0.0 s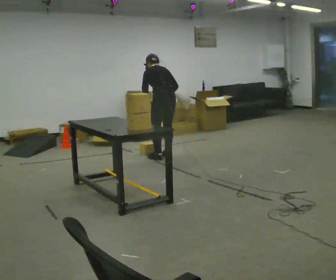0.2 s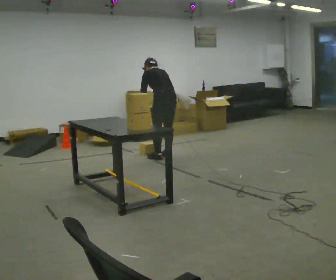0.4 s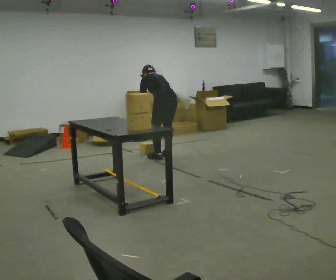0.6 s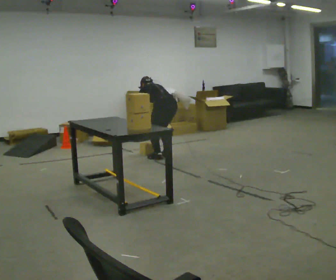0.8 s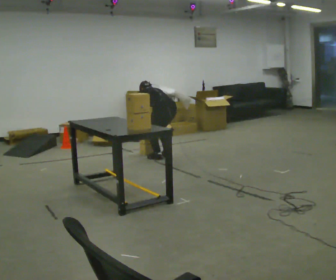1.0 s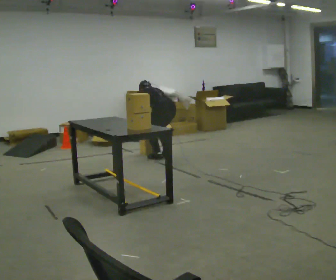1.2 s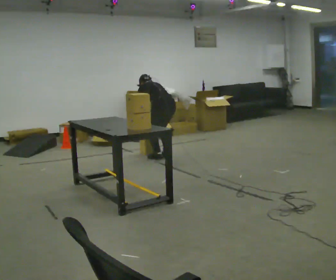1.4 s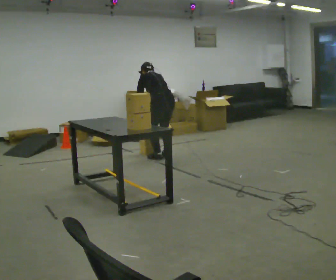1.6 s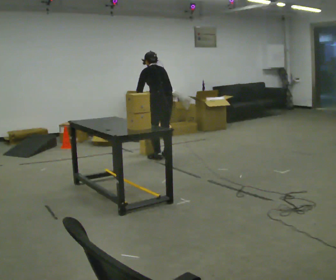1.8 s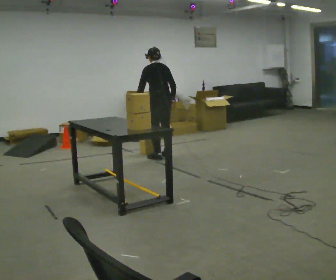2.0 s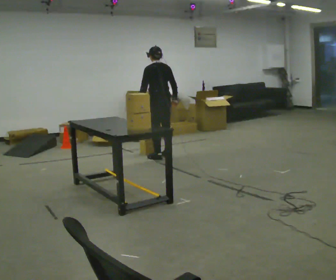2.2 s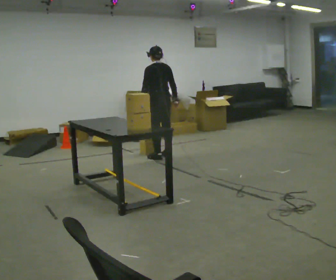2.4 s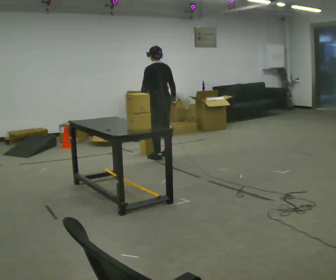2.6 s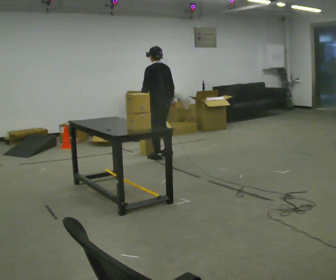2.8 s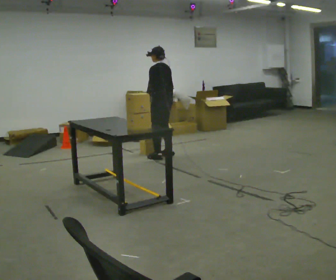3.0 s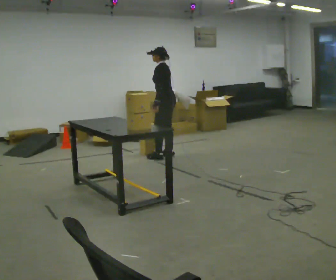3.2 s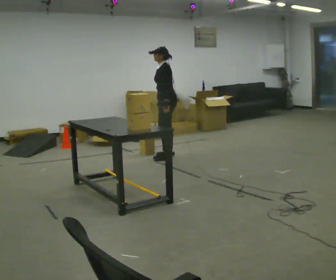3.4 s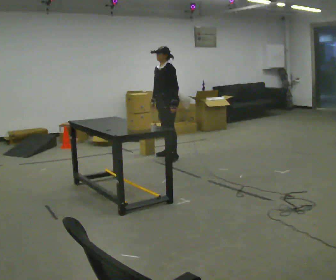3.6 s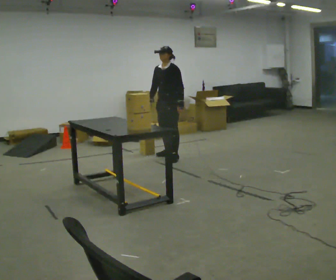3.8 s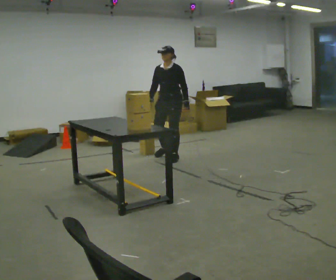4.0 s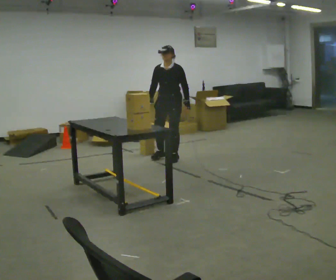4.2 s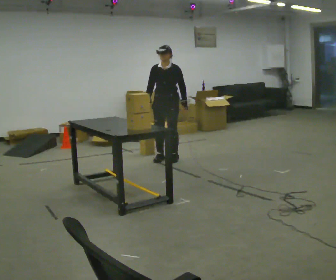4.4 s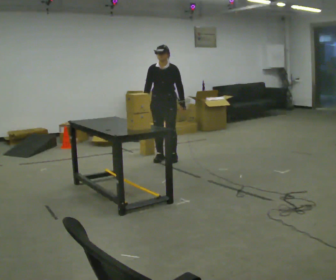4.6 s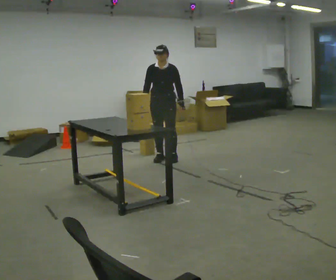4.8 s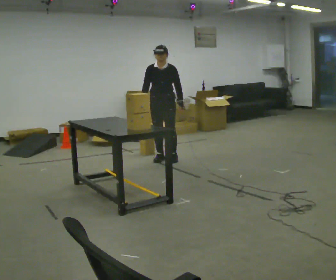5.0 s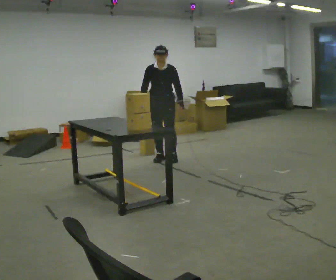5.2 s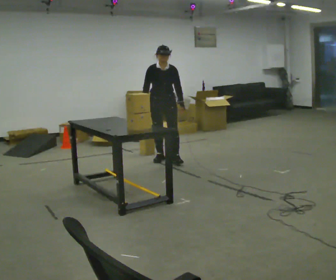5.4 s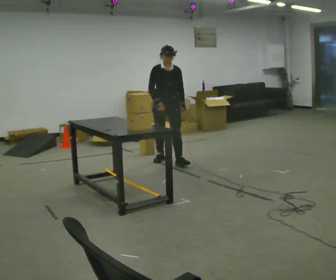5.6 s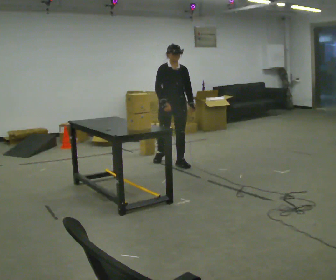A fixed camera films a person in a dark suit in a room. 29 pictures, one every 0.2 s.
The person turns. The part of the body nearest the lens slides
to the right.
The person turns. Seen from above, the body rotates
counterclockwise.
0.0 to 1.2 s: In the picture their left hand goes downward.
1.2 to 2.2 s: The upper body goes upward. The upper body tips toward the camera, its near side rolling downward, as they lean back or straighten. In the picture their right hand goes upward.
2.2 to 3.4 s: The part of the body nearest the lens slides to the right as the person turns to their left by about 90 degrees. In the picture their right hand goes to the left, the arm swinging clockwise.
3.4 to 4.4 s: The part of the body nearest the lens slides to the right as the person turns to their left by about 45 degrees. In the picture they go toward the camera, about 0.25 m in 1 step, which for them is forward.
4.4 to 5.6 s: The person turns about 30 degrees to their left, counterclockwise seen from above, so the part of the body nearest the lens slides to the right. In the picture they go toward the camera, about 0.25 m in 1 step, which for them is forward and to their left.
The film runs forward here.
